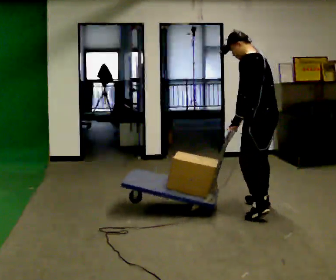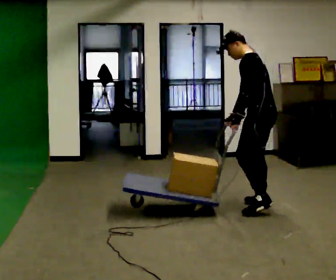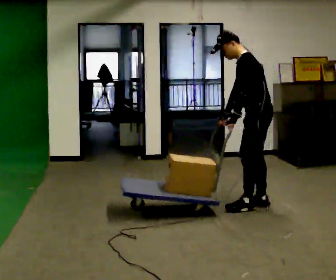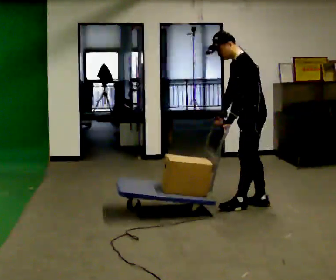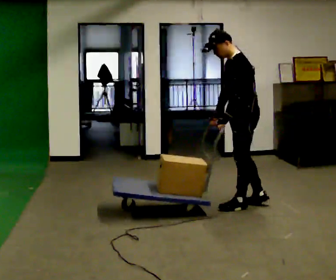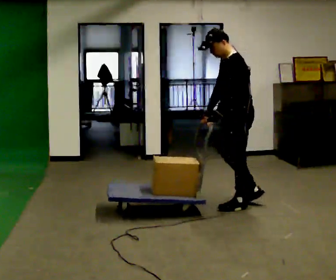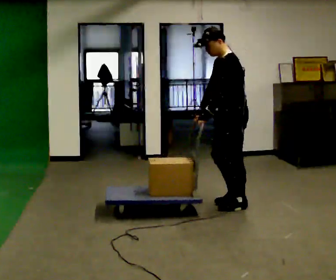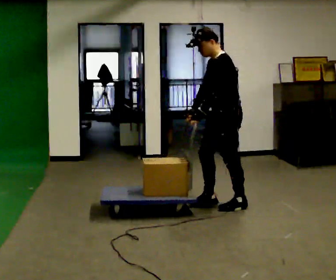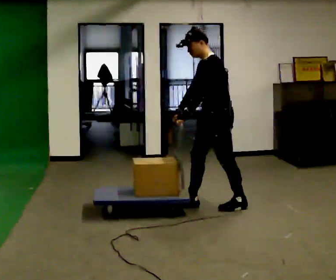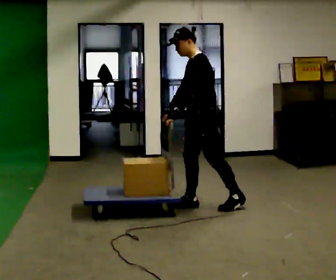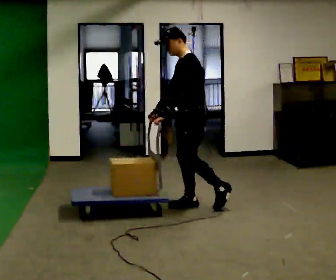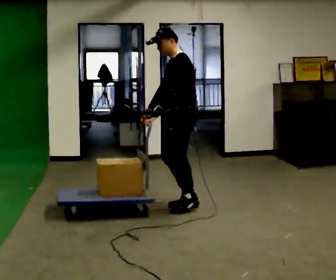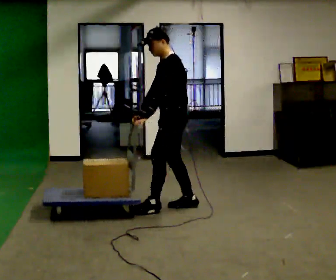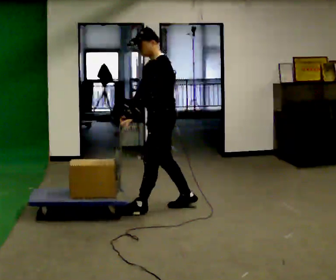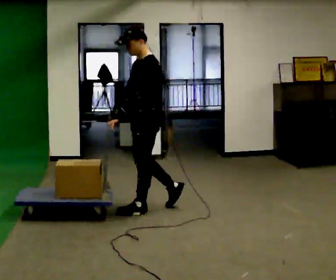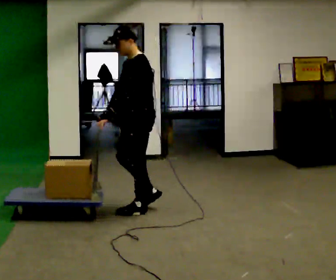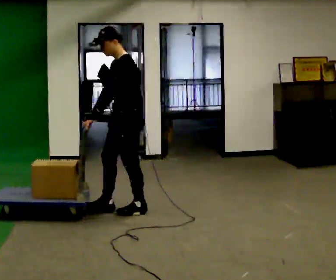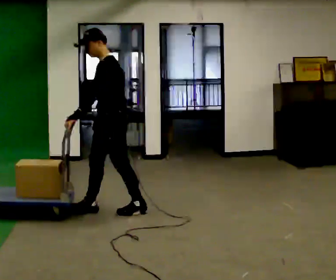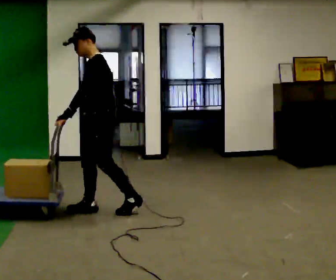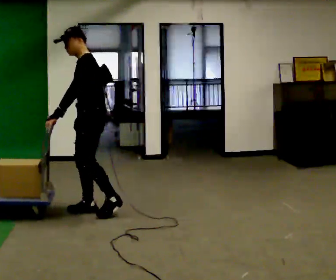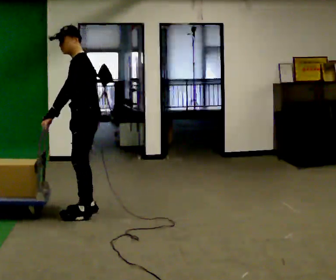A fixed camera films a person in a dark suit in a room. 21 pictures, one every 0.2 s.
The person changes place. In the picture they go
to the left.
0.0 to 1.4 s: The person turns about 45 degrees to their left, counterclockwise seen from above, so the part of the body nearest the lens slides to the right. In the picture they go to the left, about 0.25 m in 1 step, which for them is forward.
1.4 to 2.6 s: In the picture they go to the left, about 0.5 m in 2 steps, which for them is forward.
2.6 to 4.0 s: In the picture they go to the left, about 0.75 m in 1 step, which for them is forward.
The film runs forward here.
